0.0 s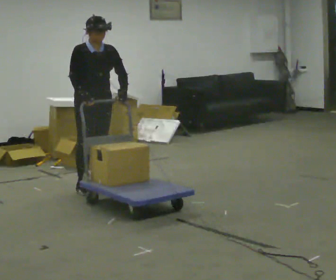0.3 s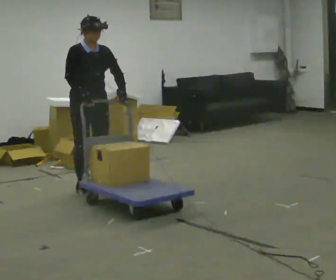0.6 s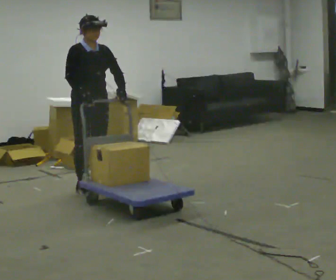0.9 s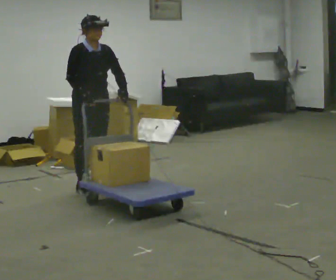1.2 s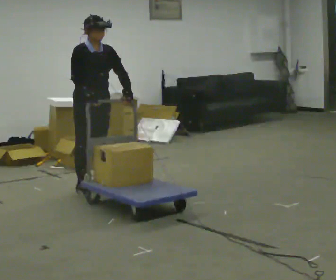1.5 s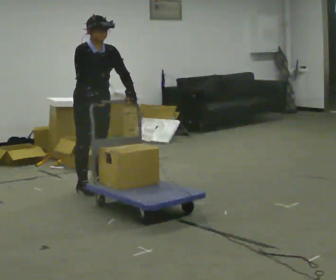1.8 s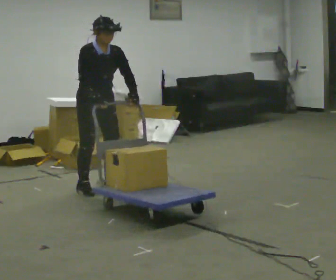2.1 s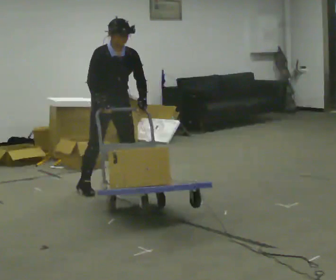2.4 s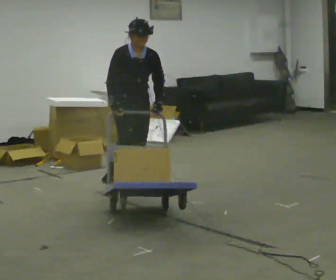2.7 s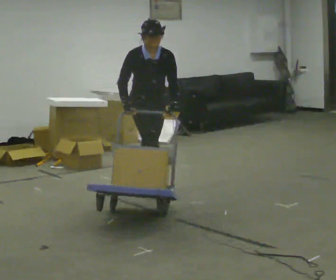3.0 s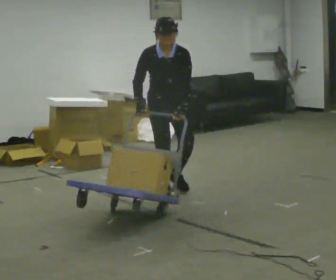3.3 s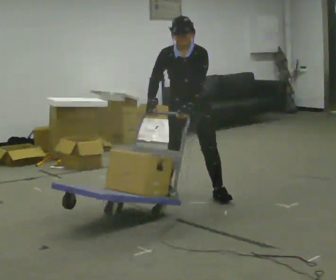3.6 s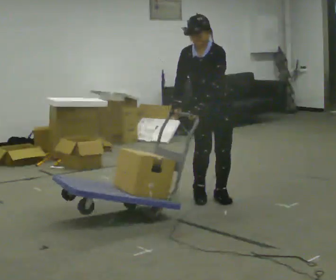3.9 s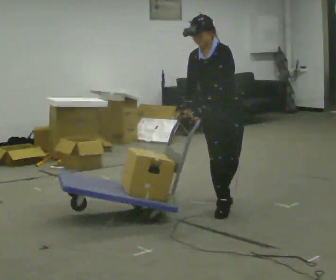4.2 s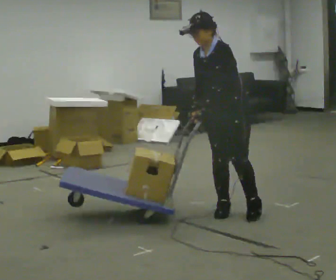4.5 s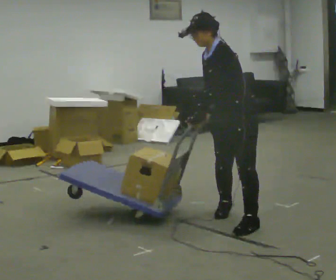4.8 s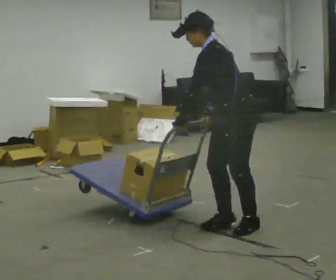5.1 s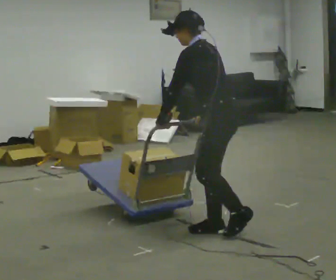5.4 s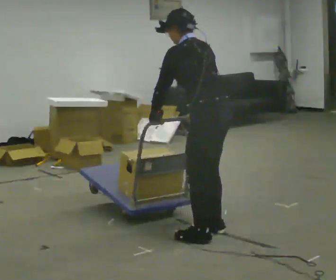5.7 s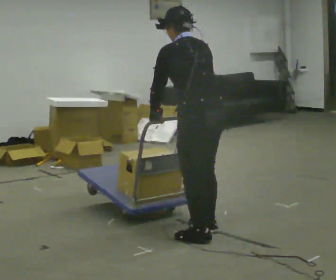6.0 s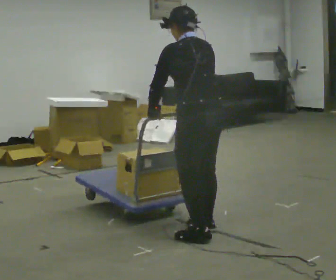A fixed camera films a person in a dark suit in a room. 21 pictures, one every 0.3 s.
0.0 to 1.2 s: The person moves a little, or ends about where they began.
1.2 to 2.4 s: In the picture they go to the right, about 0.25 m in 1 step, which for them is to their left and forward.
2.4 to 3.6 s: Seen from above the body turns clockwise, about 45 degrees: to their right, with its near side sliding to the left. In the picture they go to the right and toward the camera, about 1 m in 2 steps, which for them is forward and to their left. In the picture the upper body tilts counterclockwise, shoulders to the left.
3.6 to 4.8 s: The part of the body nearest the lens slides to the left as the person turns to their right by about 75 degrees. In the picture they go toward the camera, about 1 m in 2 steps. The upper body tips away from the camera, its near side rolling upward.
4.8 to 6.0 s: The part of the body nearest the lens slides to the left as the person turns to their right by about 45 degrees. In the picture they go to the left, about 0.25 m in 2 steps, which for them is to their left and forward. In the picture the upper body tilts clockwise, shoulders to the right.
The film runs forward here.
